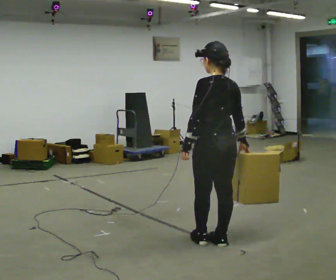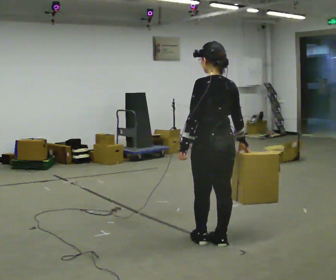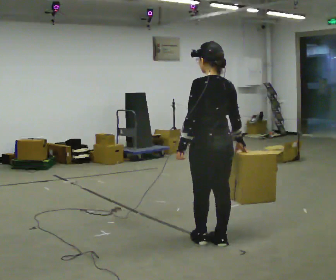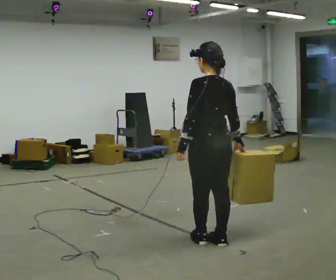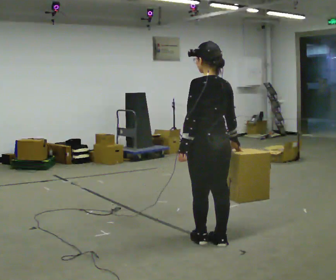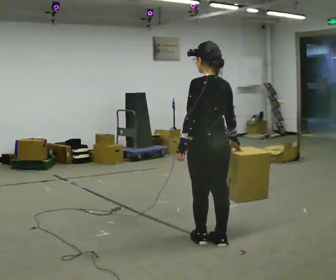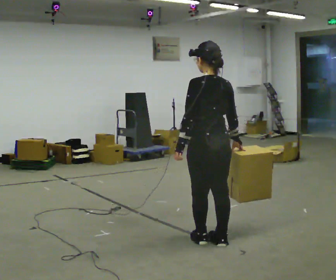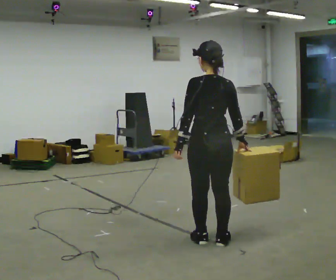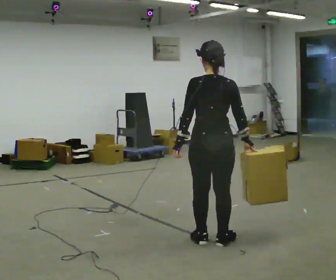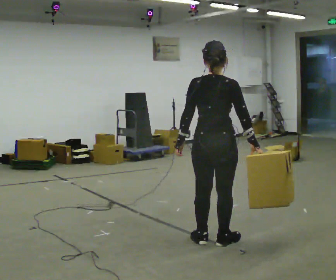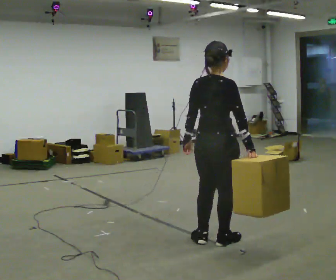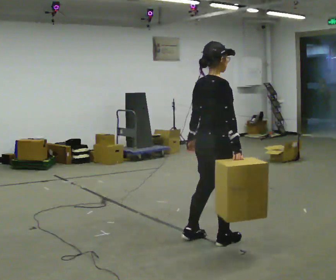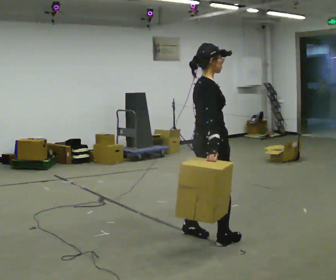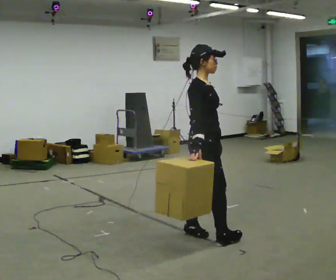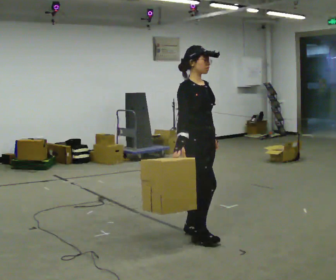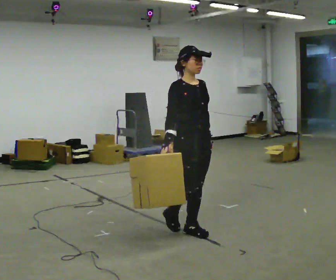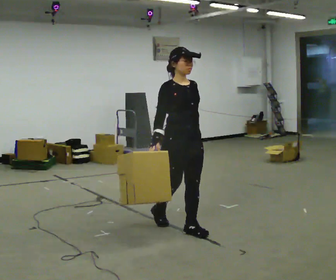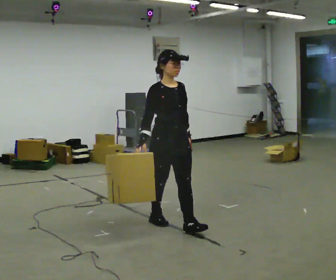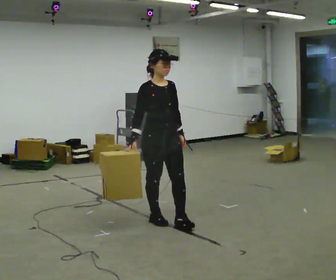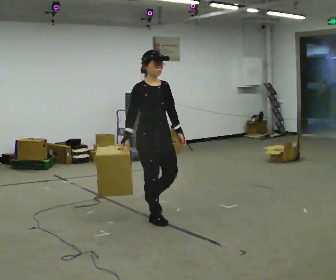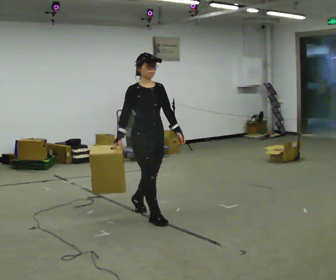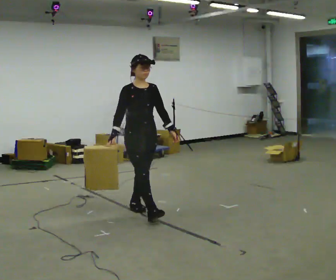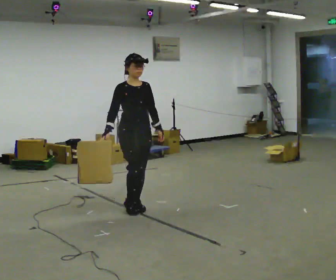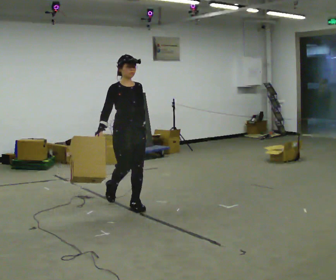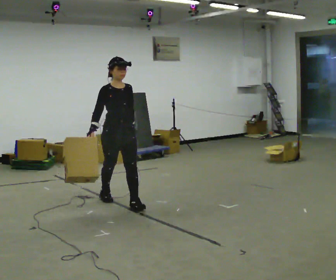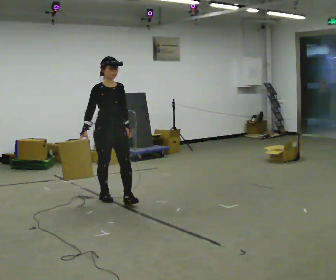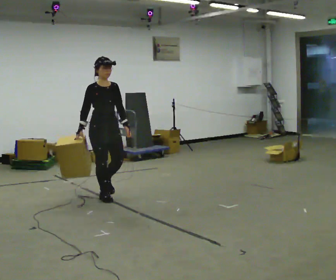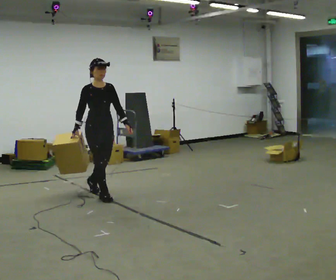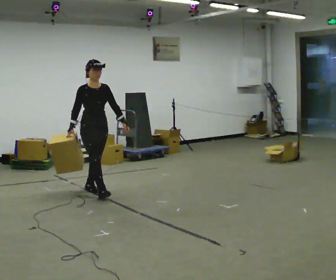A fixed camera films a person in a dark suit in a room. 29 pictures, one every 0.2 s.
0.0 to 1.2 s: The person moves a little, or ends about where they began.
1.2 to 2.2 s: Seen from above the body turns clockwise, about 75 degrees: to their right, with its near side sliding to the left.
2.2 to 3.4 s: The person turns about 90 degrees to their right, clockwise seen from above, so the part of the body nearest the lens slides to the left. In the picture they go to the left and away from the camera, about 0.5 m in 1 step.
3.4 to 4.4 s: In the picture they go away from the camera and to the left, about 0.75 m in 2 steps, which for them is backward.
4.4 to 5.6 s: In the picture they go to the left and away from the camera, about 1 m in 2 steps, which for them is backward.
The film runs backward here.
